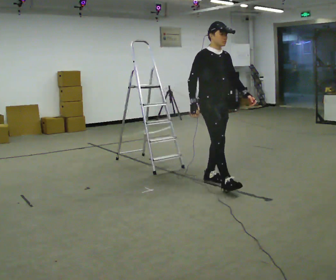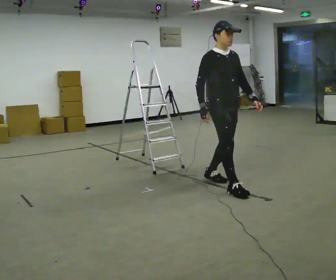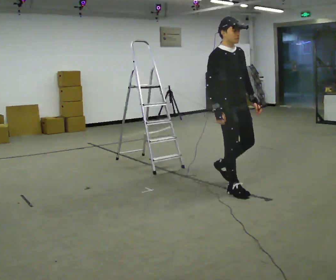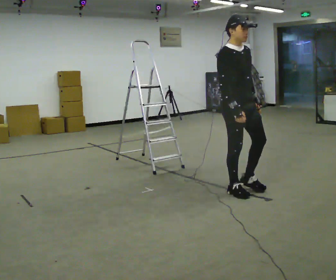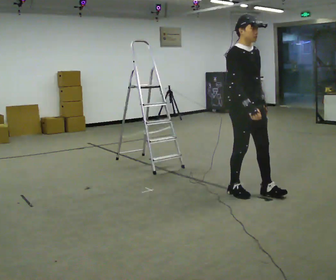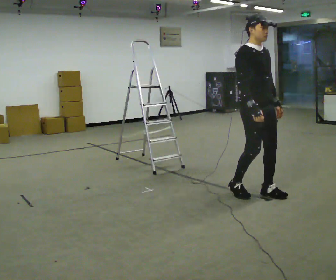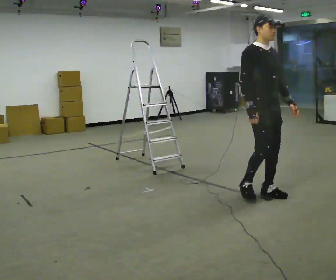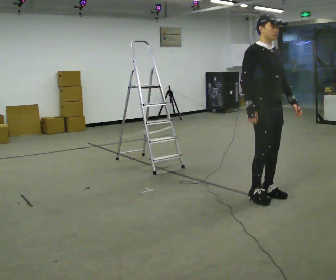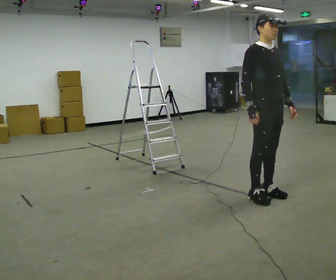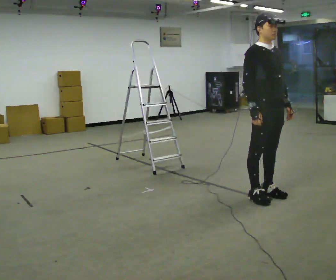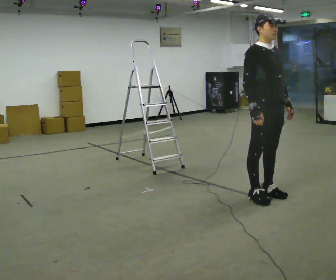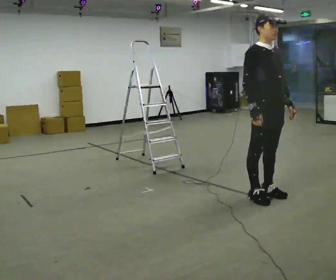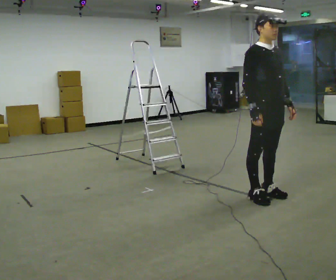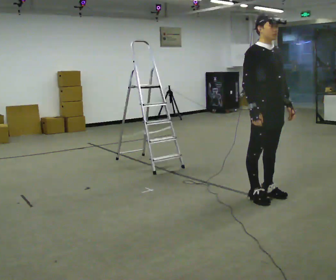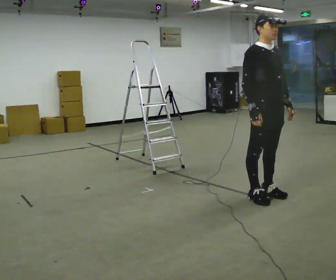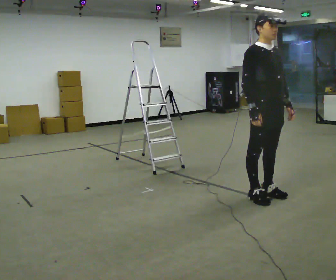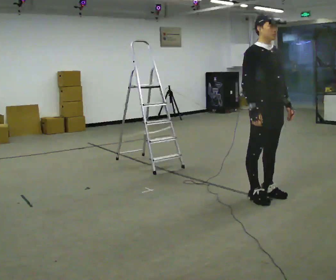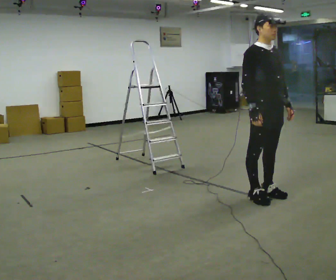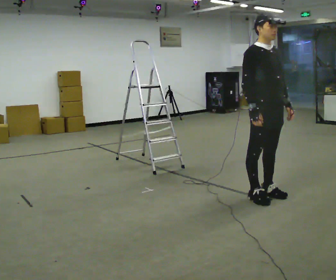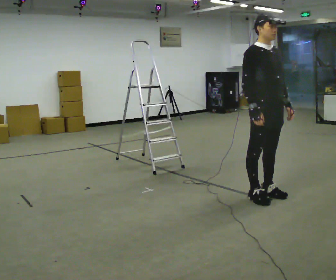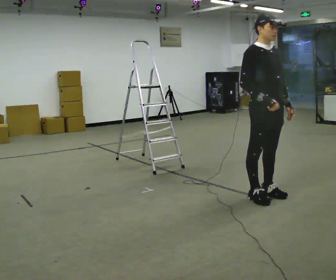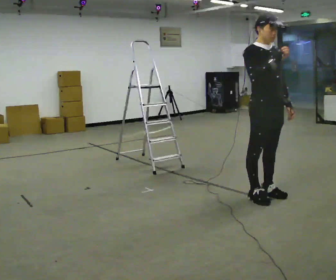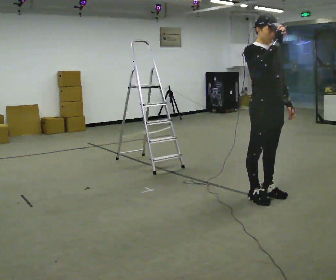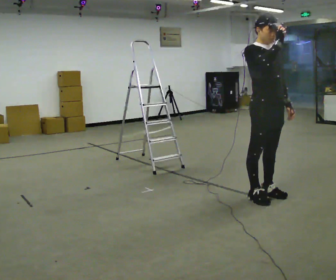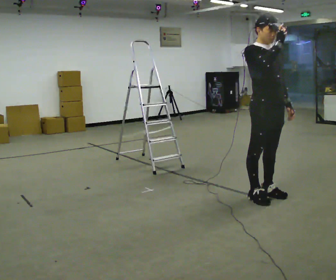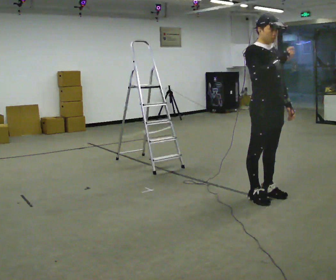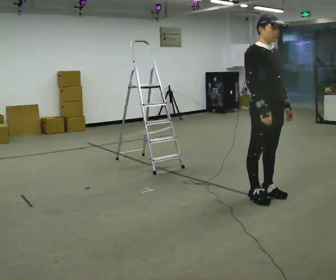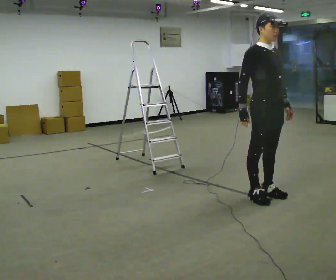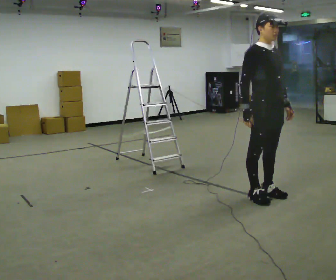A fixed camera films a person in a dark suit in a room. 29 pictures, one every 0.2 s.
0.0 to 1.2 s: In the picture they go to the right and toward the camera, about 0.75 m in 2 steps, which for them is forward.
1.2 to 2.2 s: The person moves a little, or ends about where they began.
2.2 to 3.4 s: The person keeps their place and pose.
3.4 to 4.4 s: In the picture their right hand goes upward.
4.4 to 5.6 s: In the picture their right hand goes downward.
The film runs forward here.
